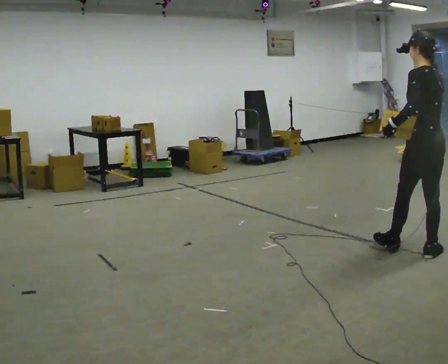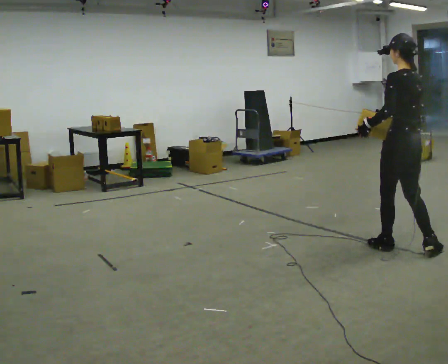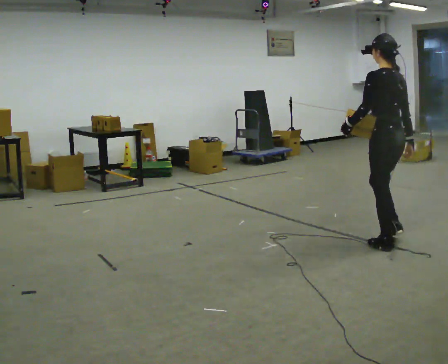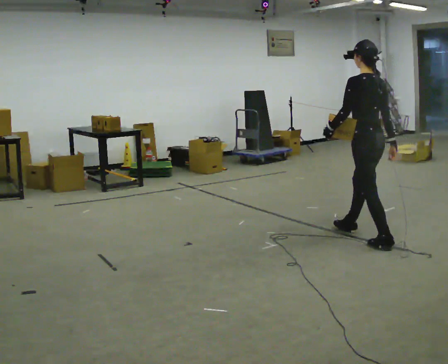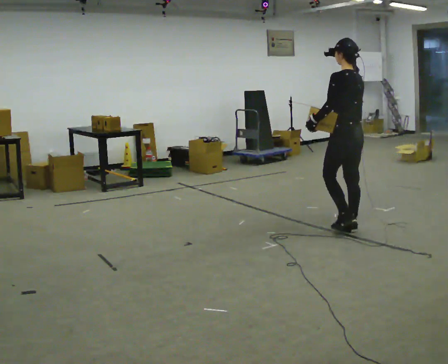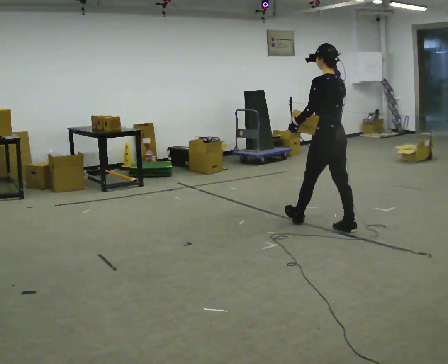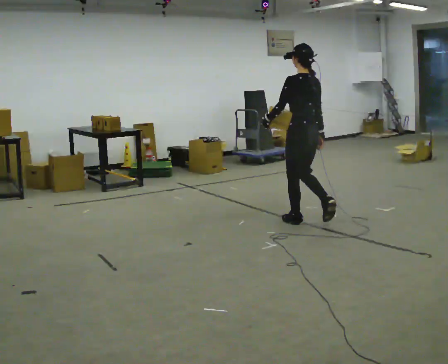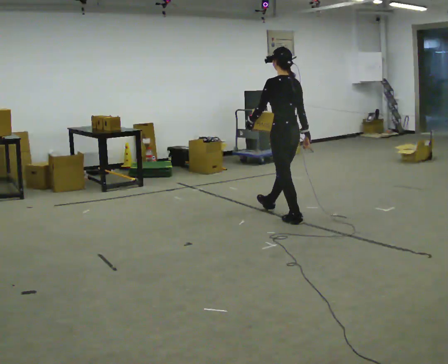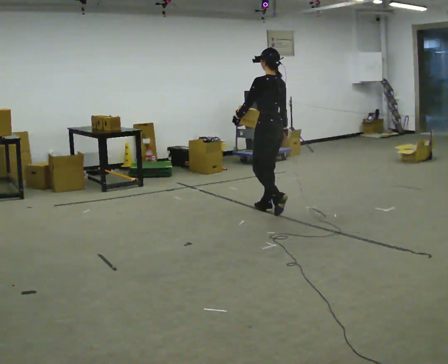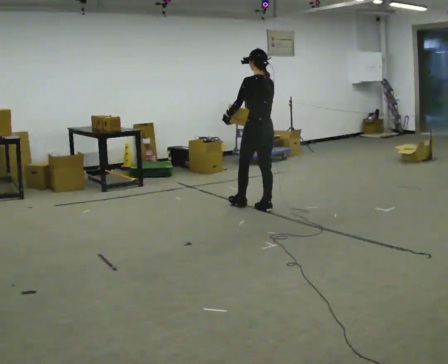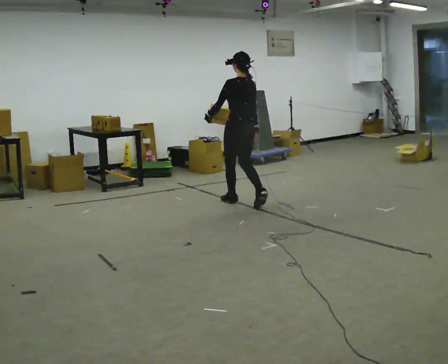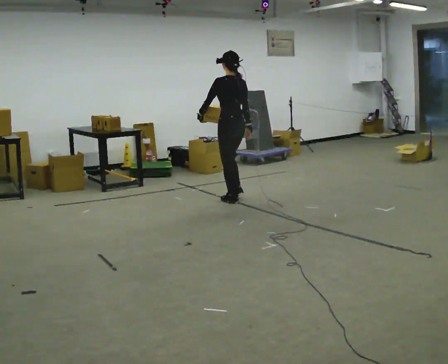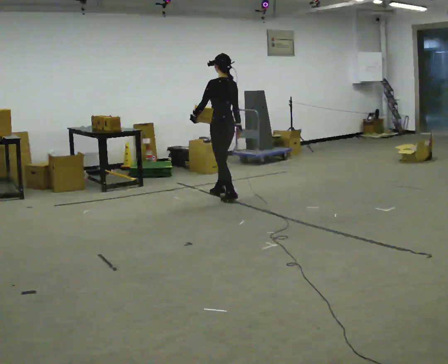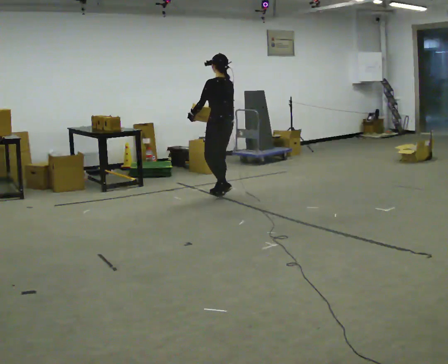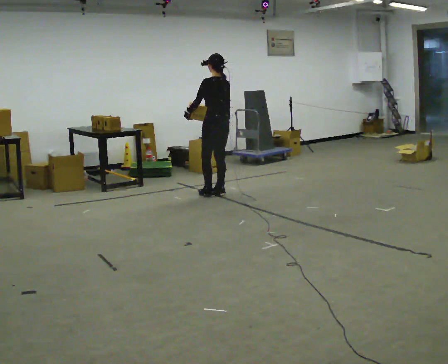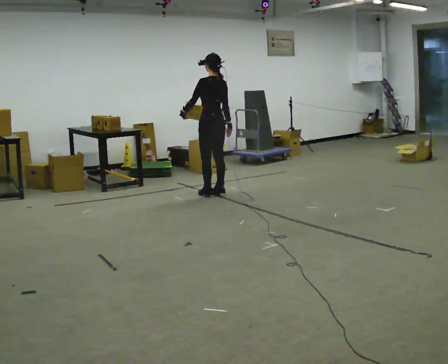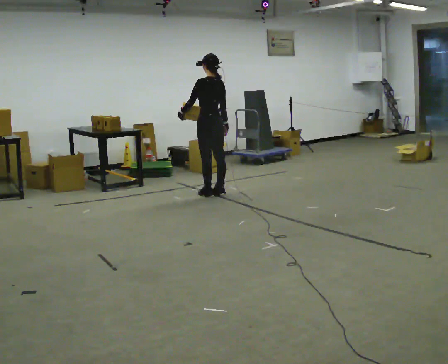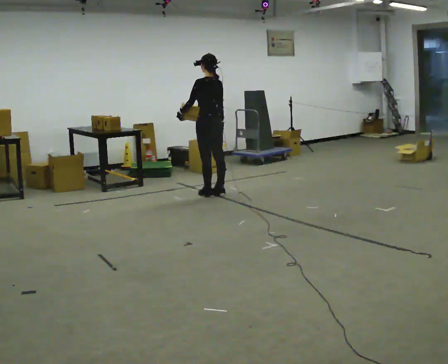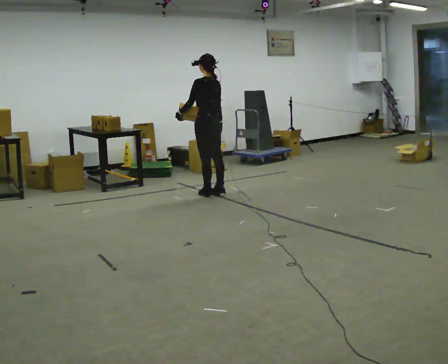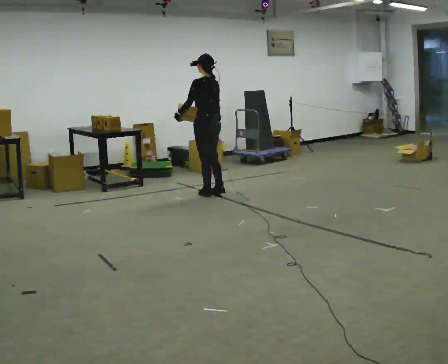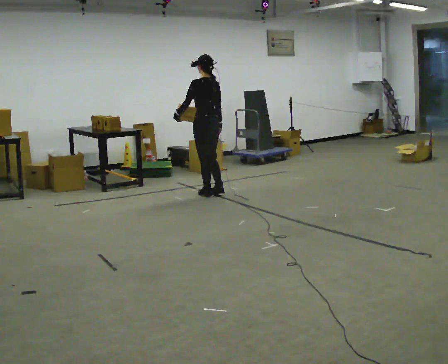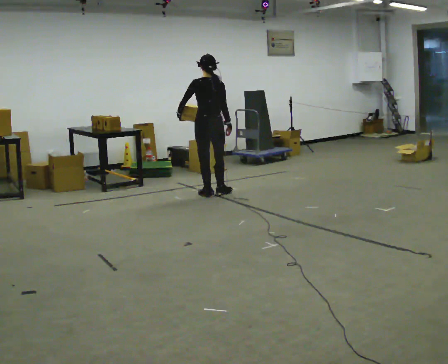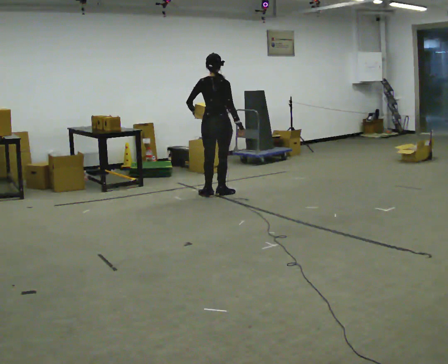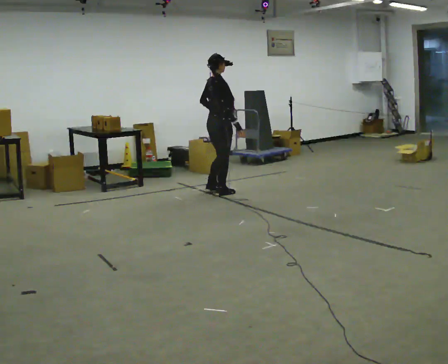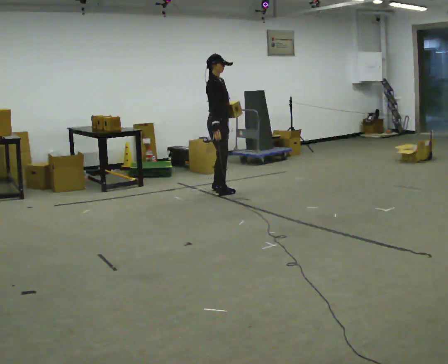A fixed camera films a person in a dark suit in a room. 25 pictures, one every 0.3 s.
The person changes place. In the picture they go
away from the camera.
0.0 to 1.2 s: In the picture they go away from the camera and to the left, about 1 m in 2 steps, which for them is forward.
1.2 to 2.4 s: In the picture they go away from the camera and to the left, about 1 m in 2 steps, which for them is forward.
2.4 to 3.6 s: In the picture they go away from the camera and to the left, about 1 m in 2 steps, which for them is forward.
3.6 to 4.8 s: In the picture they go away from the camera, about 0.25 m in 1 step, which for them is forward.
4.8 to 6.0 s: The person moves a little, or ends about where they began.
6.0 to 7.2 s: The person turns about 150 degrees to their right, clockwise seen from above, so the part of the body nearest the lens slides to the left. In the picture their left hand goes to the right, the arm swinging counterclockwise.
The film runs forward here.
